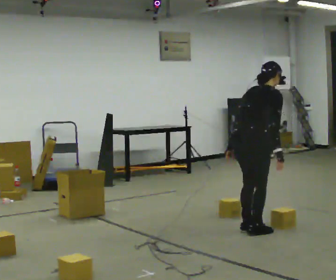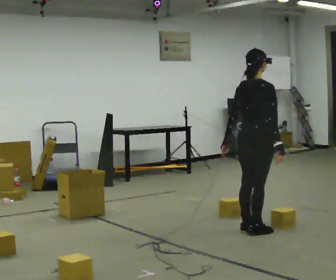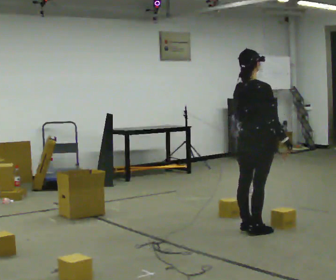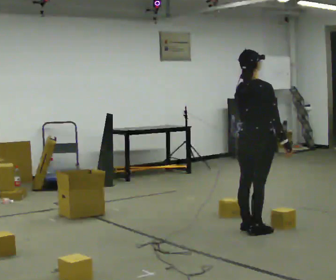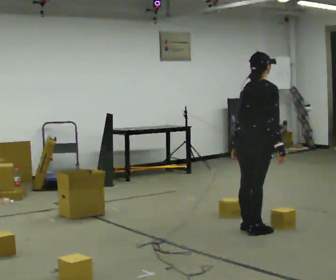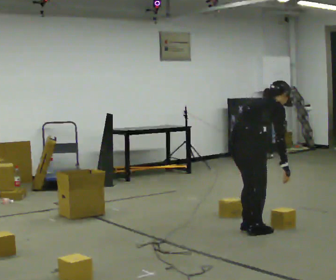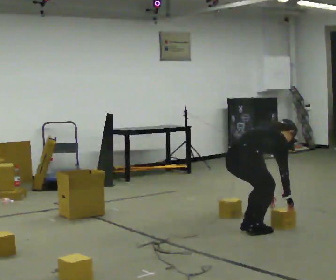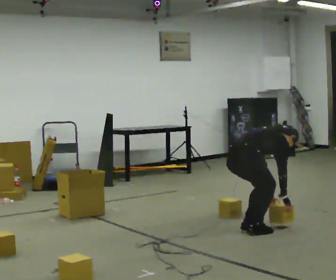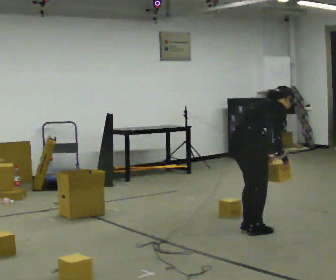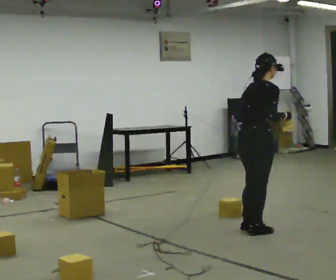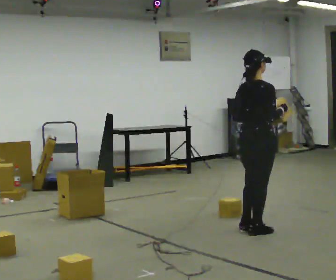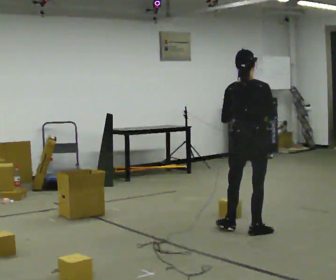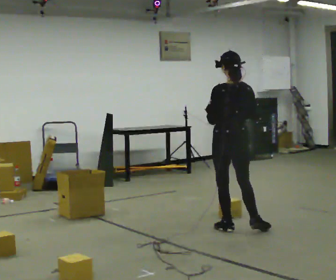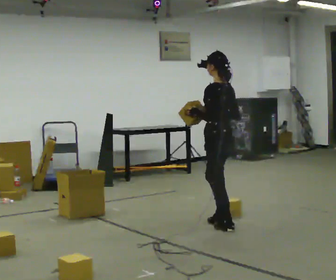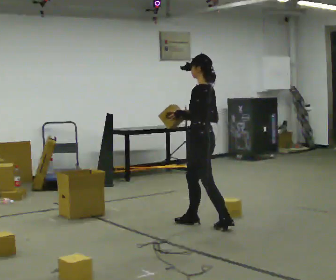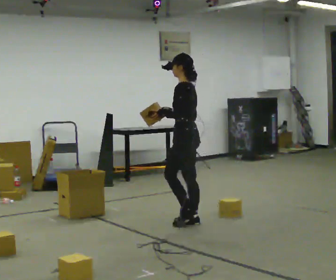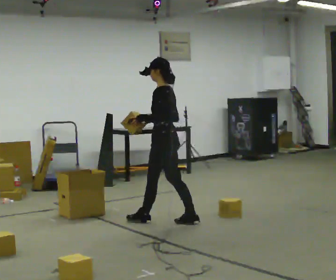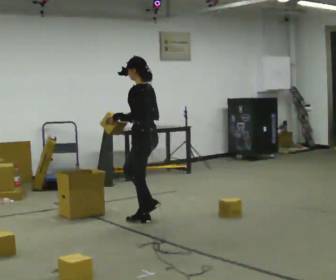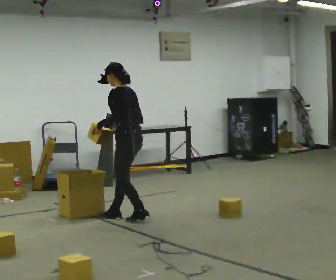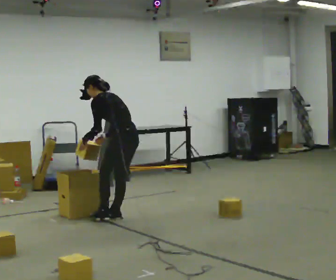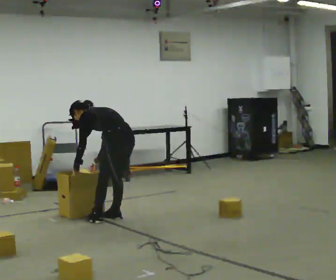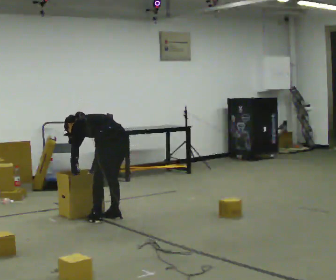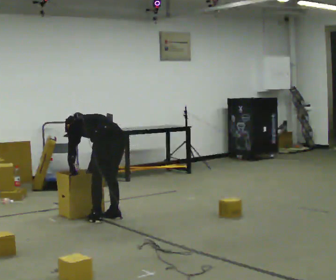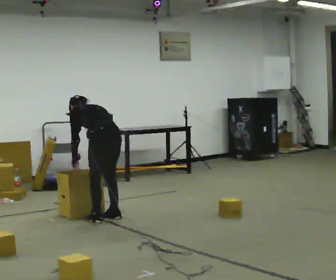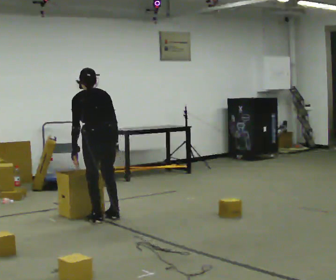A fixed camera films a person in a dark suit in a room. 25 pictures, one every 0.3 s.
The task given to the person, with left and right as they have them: Take the objects from the bin one at a time and put one in each of the places the operator points out. Keep going until the operator says stop; one object at a time, and do not rush between trips.
0.0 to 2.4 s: The person moves a little, or ends about where they began.
2.4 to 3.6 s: Seen from above the body turns counterclockwise, about 75 degrees: to their left, with its near side sliding to the right. The upper body tips toward the camera, its near side rolling downward, as they lean back or straighten. In the picture their right hand goes to the left and upward.
3.6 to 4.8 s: Seen from above the body turns counterclockwise, about 45 degrees: to their left, with its near side sliding to the right. In the picture they go to the left and away from the camera, about 0.5 m in 2 steps, which for them is forward.
4.8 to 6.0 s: In the picture they go to the left, about 0.5 m in 2 steps, which for them is forward. The upper body goes downward. In the picture the upper body tilts counterclockwise, shoulders to the left, as they bend forward. In the picture their right hand goes downward.
6.0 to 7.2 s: Seen from above the body turns clockwise, about 30 degrees: to their right, with its near side sliding to the left. In the picture they go to the left, about 0.25 m, which for them is to their left.
The film runs forward here.
